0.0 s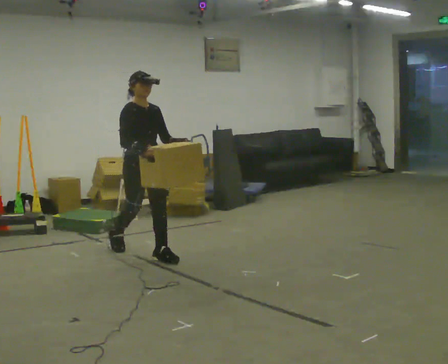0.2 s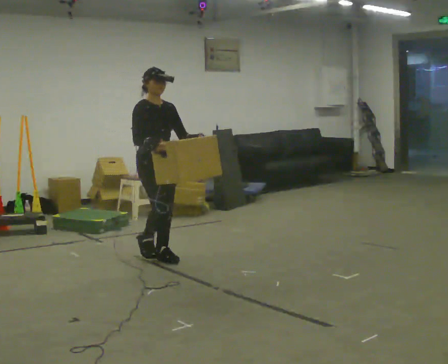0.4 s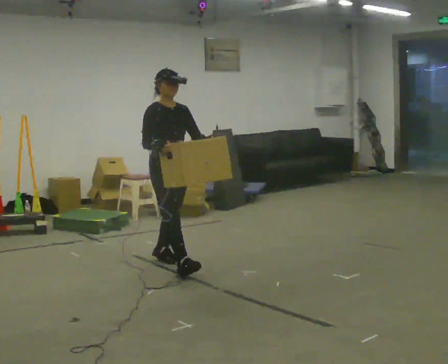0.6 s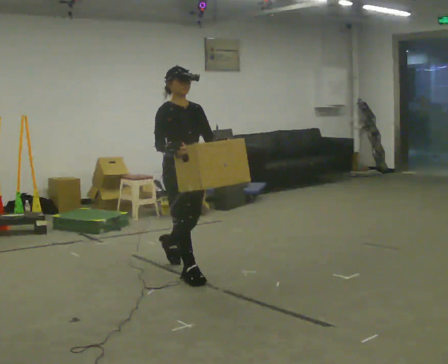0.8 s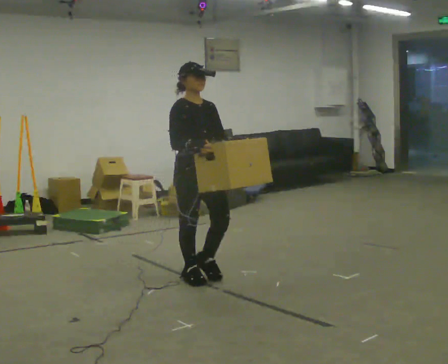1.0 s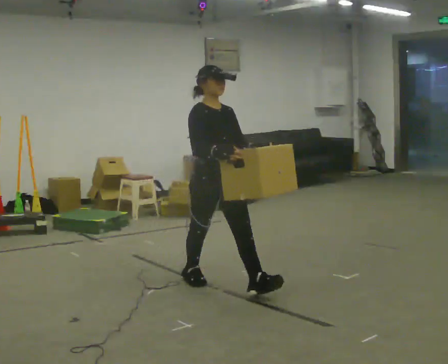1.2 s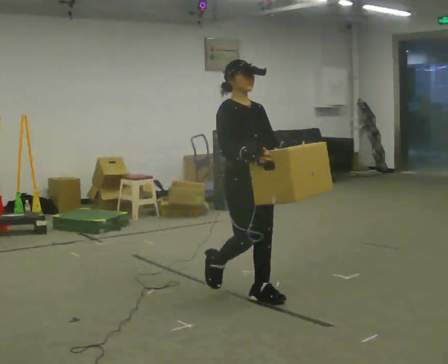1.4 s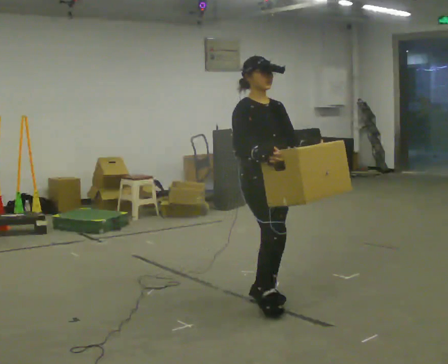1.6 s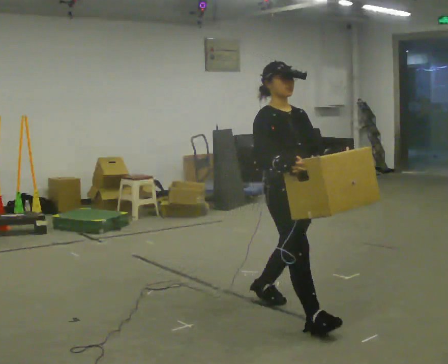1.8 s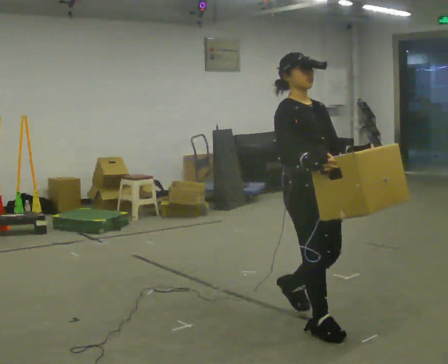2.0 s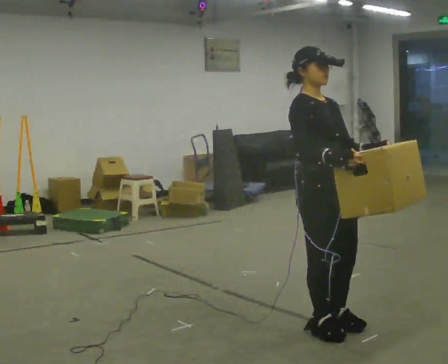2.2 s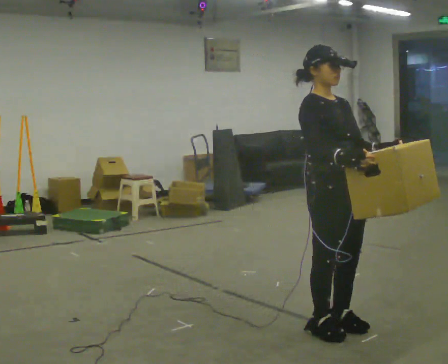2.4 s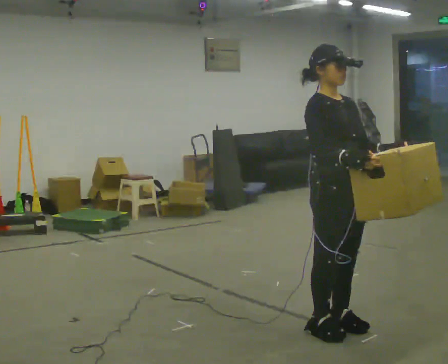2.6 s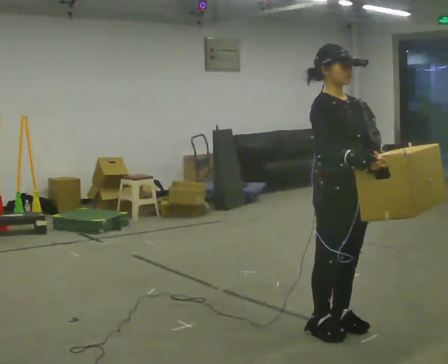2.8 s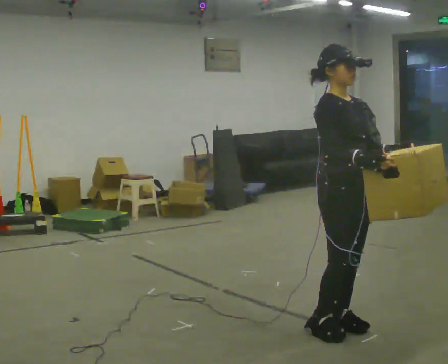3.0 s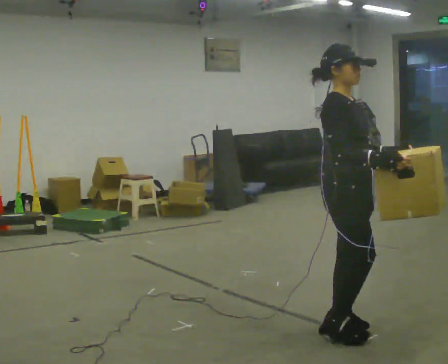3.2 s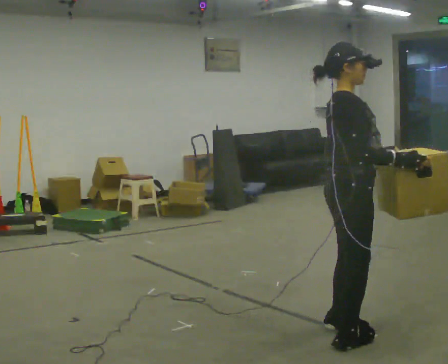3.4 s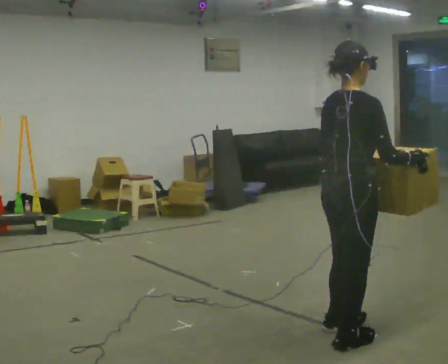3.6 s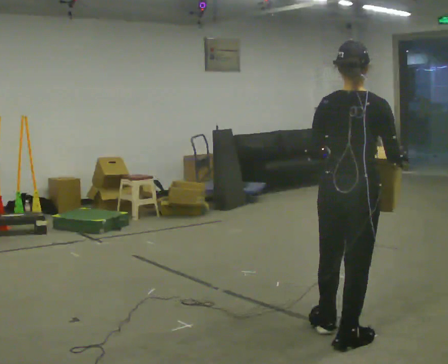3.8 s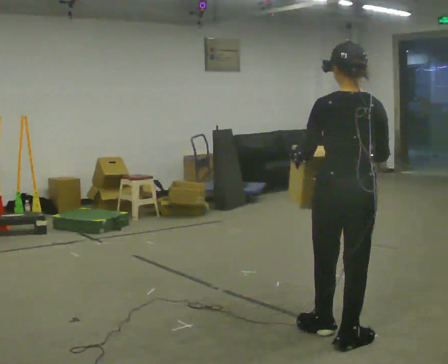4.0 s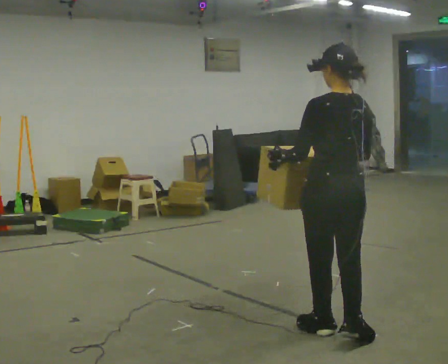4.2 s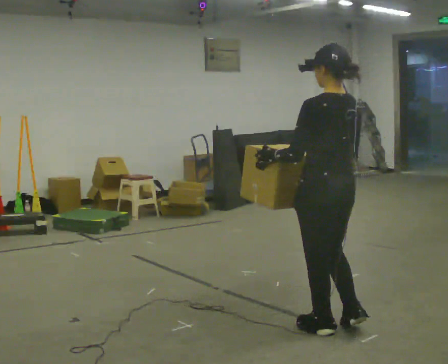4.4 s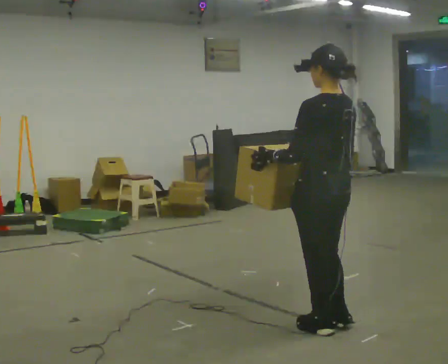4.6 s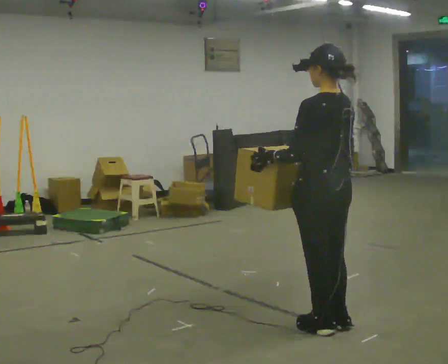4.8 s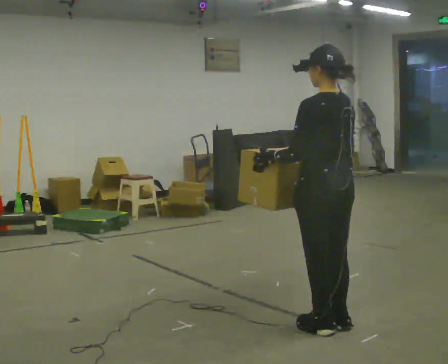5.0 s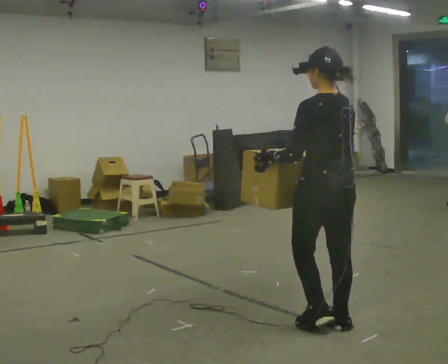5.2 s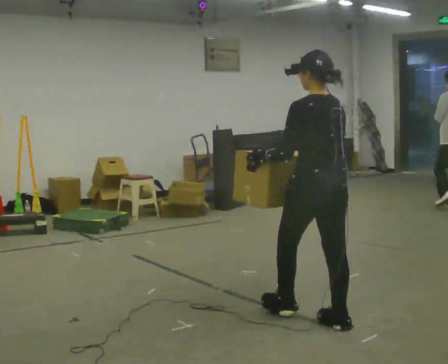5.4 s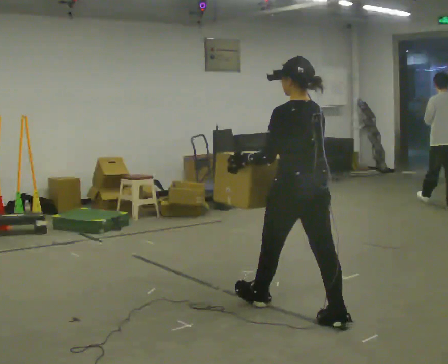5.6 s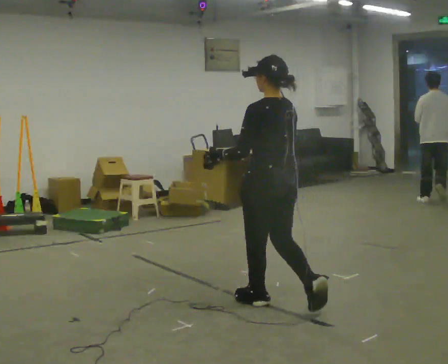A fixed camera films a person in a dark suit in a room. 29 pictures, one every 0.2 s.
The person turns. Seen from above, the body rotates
counterclockwise.
The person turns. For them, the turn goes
to their left.
0.0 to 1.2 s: In the picture they go to the right and toward the camera, about 1.5 m in 2 steps, which for them is forward.
1.2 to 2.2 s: In the picture they go toward the camera and to the right, about 1 m in 2 steps, which for them is forward.
2.2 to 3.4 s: The person turns about 90 degrees to their left, counterclockwise seen from above, so the part of the body nearest the lens slides to the right.
3.4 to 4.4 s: The person turns about 90 degrees to their left, counterclockwise seen from above, so the part of the body nearest the lens slides to the right. In the picture they go away from the camera, about 0.25 m in 1 step. In the picture their right hand goes to the left.
4.4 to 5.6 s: In the picture they go away from the camera and to the left, about 0.5 m in 1 step, which for them is forward.
The film runs forward here.
